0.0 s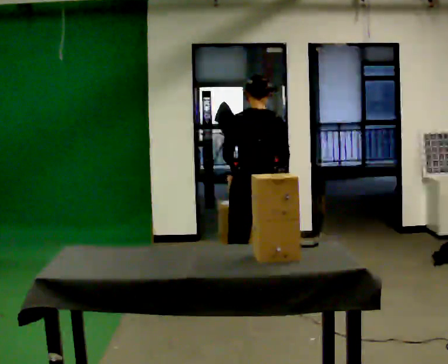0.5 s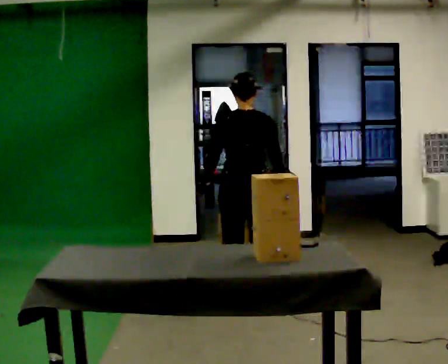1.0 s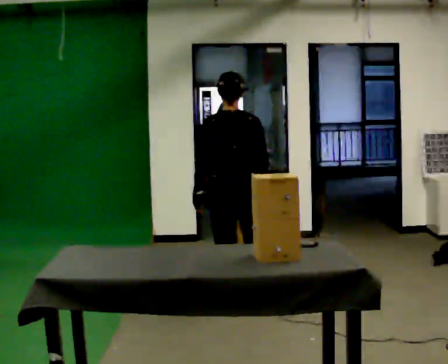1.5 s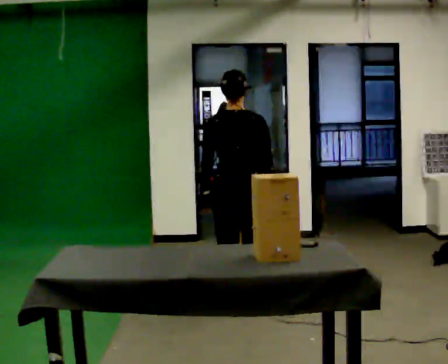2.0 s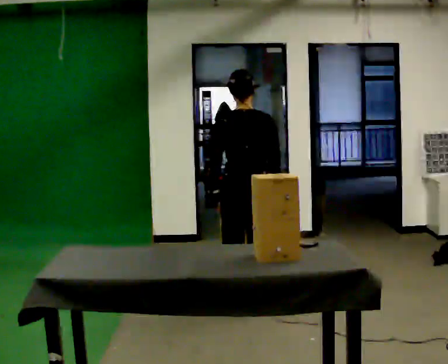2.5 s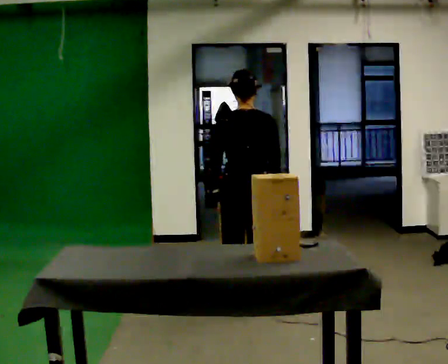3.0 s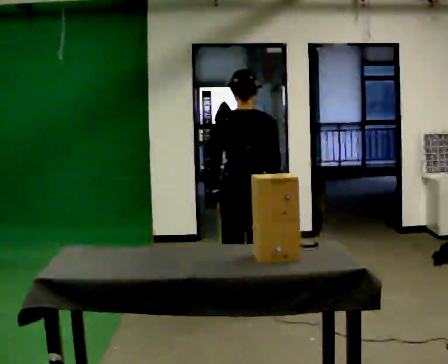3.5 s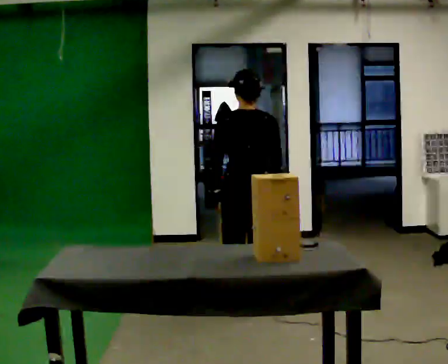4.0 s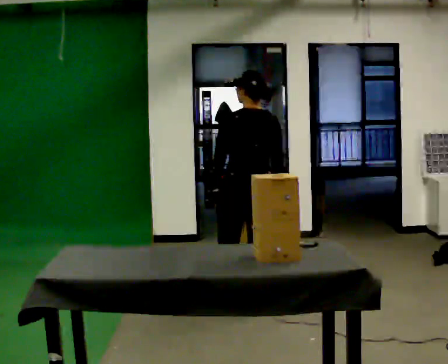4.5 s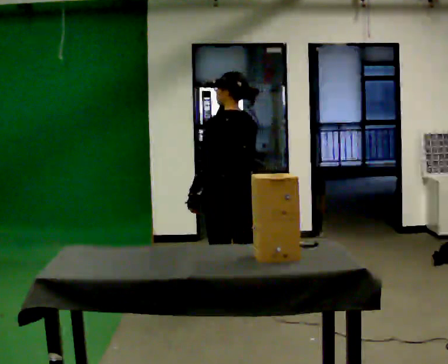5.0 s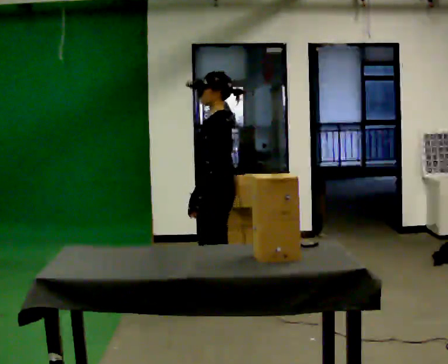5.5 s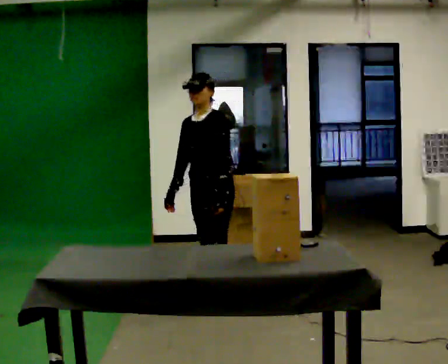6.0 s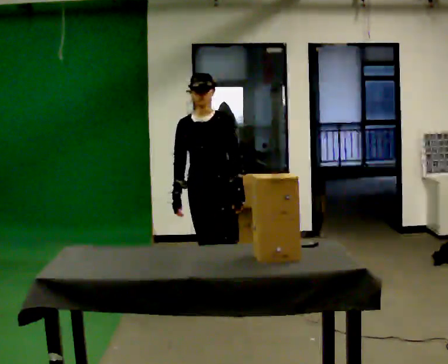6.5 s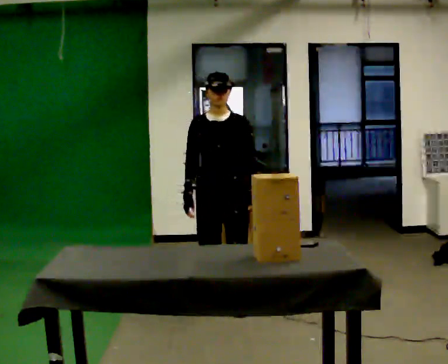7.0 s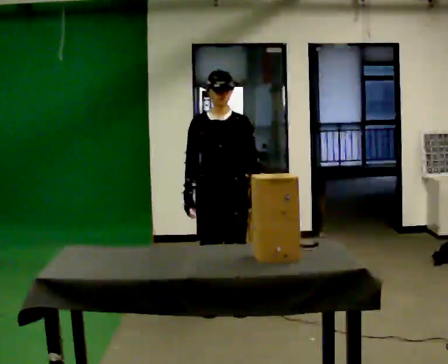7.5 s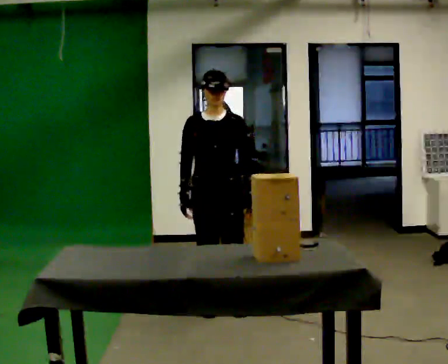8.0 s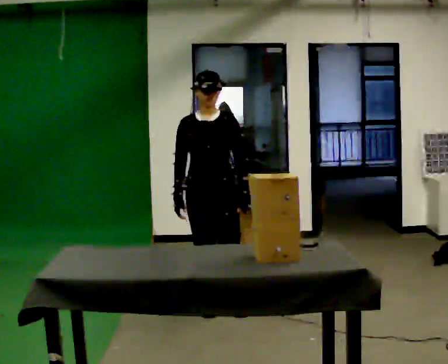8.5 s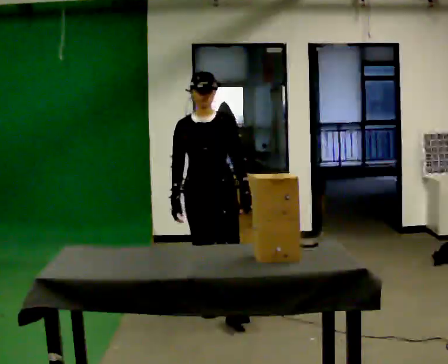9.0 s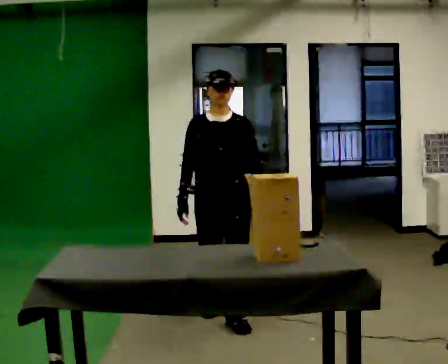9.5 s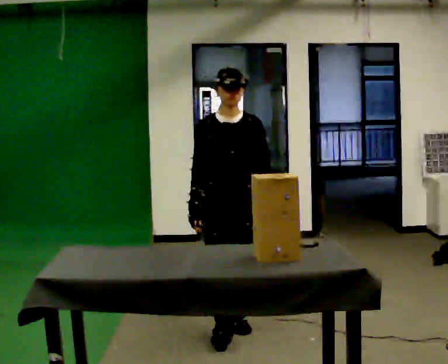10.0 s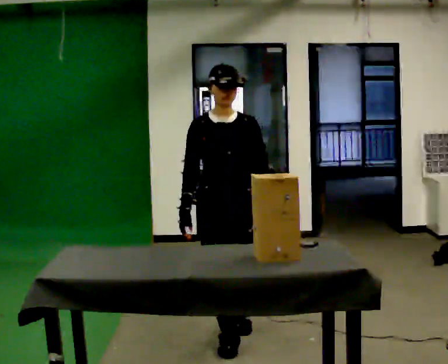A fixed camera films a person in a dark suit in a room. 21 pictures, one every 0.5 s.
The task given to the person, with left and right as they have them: 1. Look at the photo the operator gives you. 2. Put the room back the way it looks in the photo. 3. Tell the operator when you are finished.
0.0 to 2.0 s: In the picture they go toward the camera, about 0.25 m in 1 step, which for them is backward.
2.0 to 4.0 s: The person moves a little, or ends about where they began.
4.0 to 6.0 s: The person turns about 150 degrees to their left, counterclockwise seen from above, so the part of the body nearest the lens slides to the right. In the picture they go to the left and away from the camera, about 0.25 m in 1 step.
6.0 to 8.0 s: In the picture they go toward the camera, about 0.25 m in 1 step, which for them is forward.
8.0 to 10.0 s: In the picture they go toward the camera, about 0.75 m in 2 steps, which for them is forward.
The film runs forward here.
